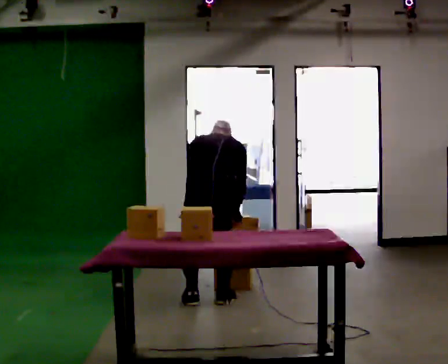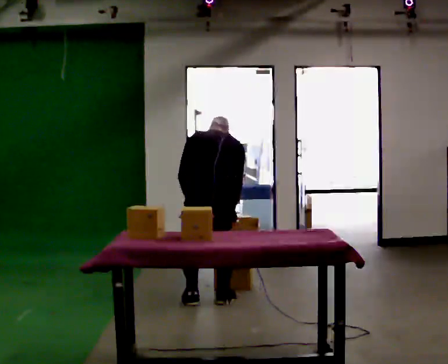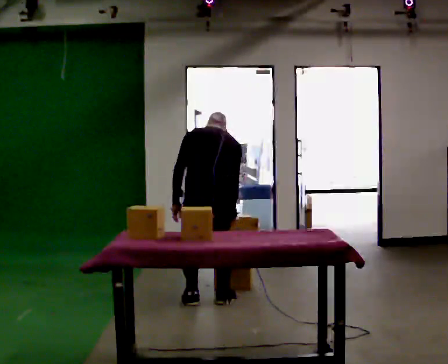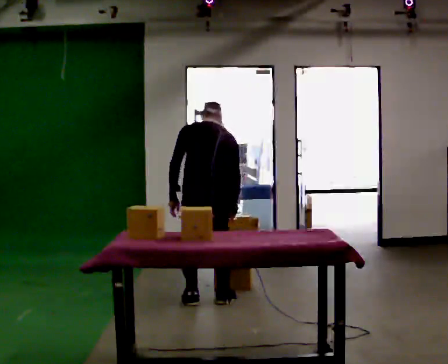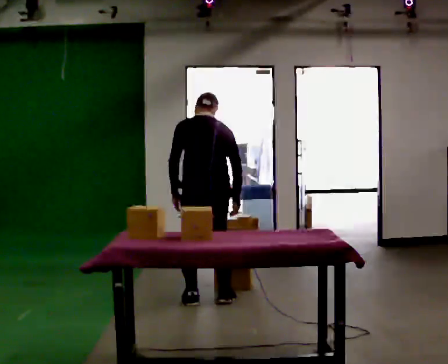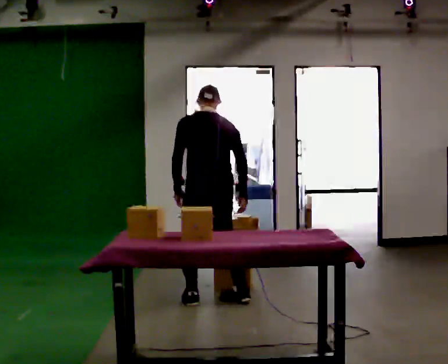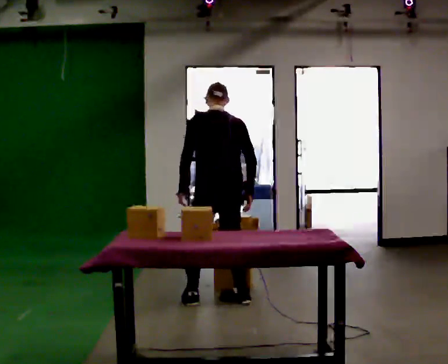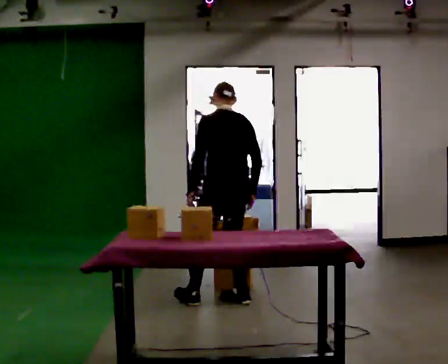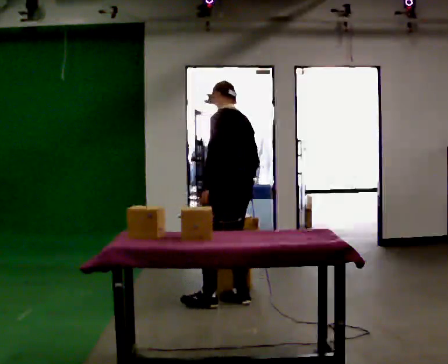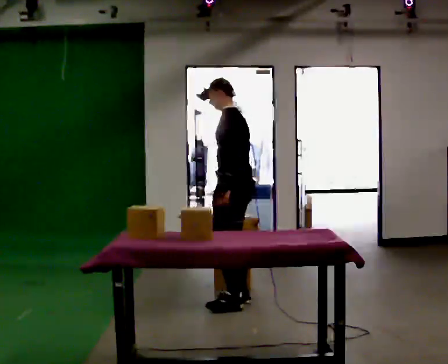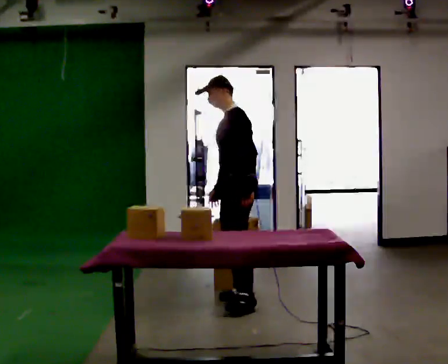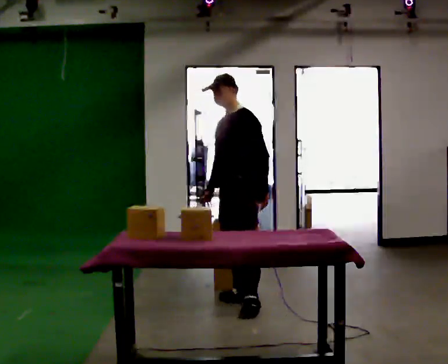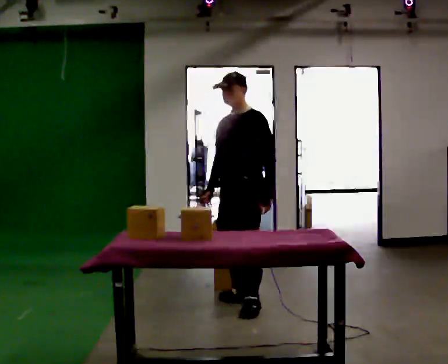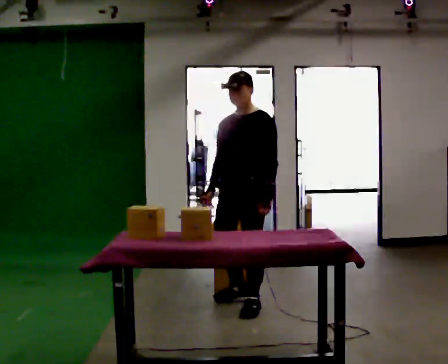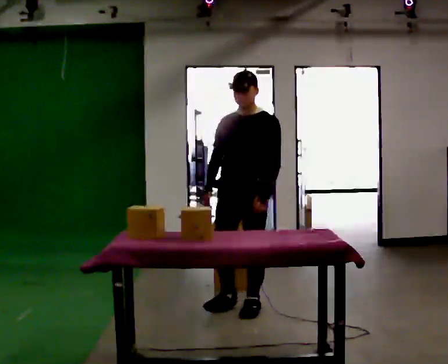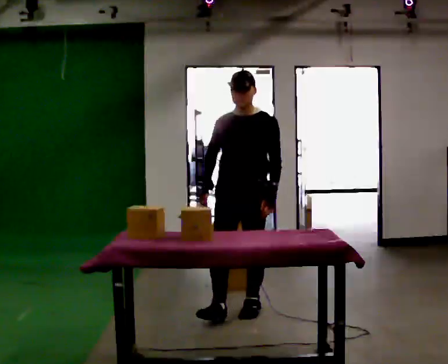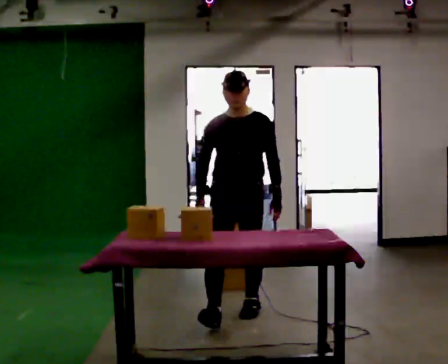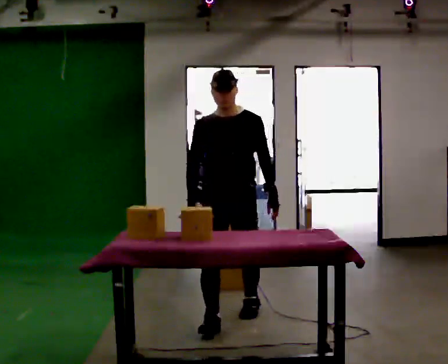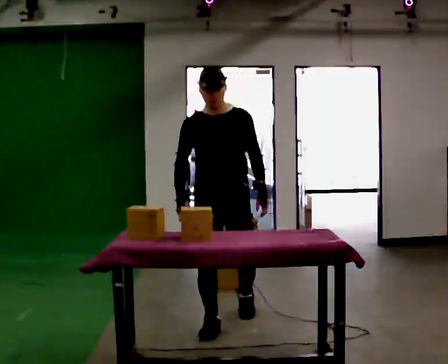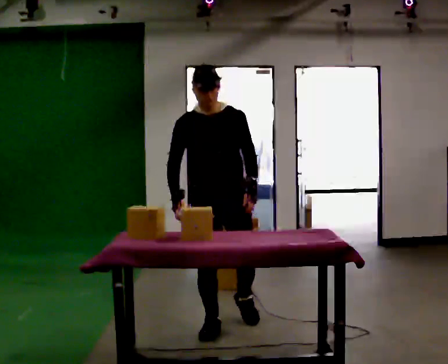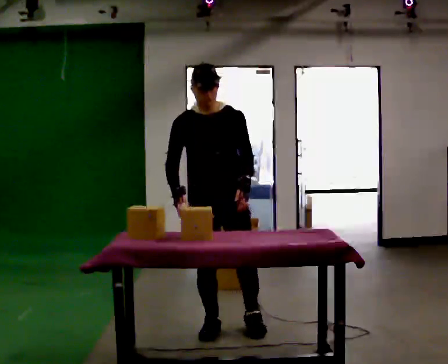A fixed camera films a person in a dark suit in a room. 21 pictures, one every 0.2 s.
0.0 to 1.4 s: Seen from above the body turns counterclockwise, about 30 degrees: to their left, with its near side sliding to the right. The shoulders move upward. The upper body tips toward the camera, its near side rolling downward, as they lean back or straighten.
1.4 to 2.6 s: Seen from above the body turns counterclockwise, about 105 degrees: to their left, with its near side sliding to the right. In the picture they go toward the camera, about 0.25 m in 1 step.
2.6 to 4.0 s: Seen from above the body turns counterclockwise, about 45 degrees: to their left, with its near side sliding to the right. In the picture they go toward the camera, about 0.5 m in 1 step, which for them is forward.
The film runs forward here.
